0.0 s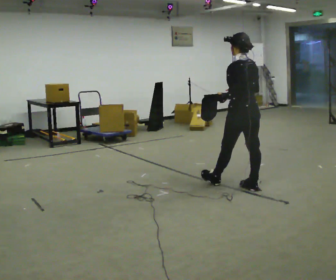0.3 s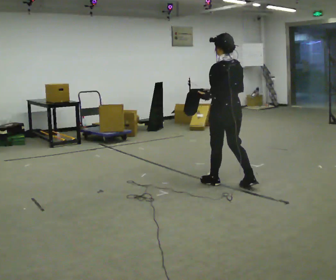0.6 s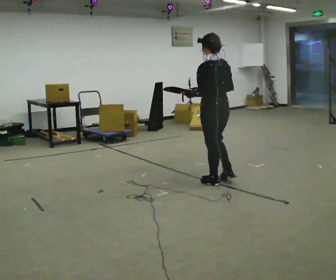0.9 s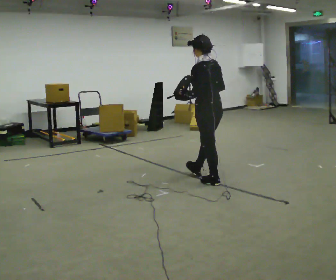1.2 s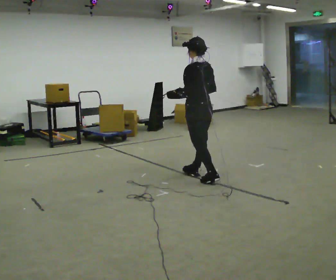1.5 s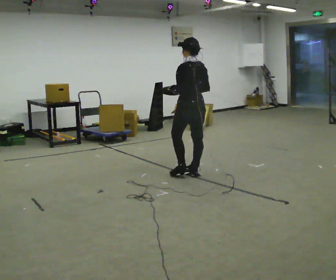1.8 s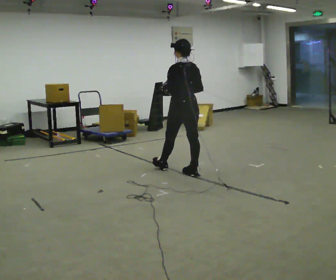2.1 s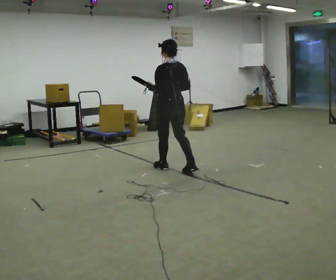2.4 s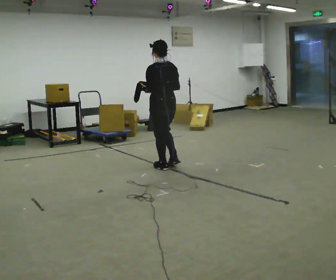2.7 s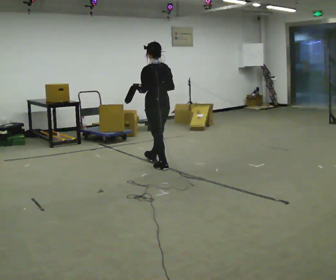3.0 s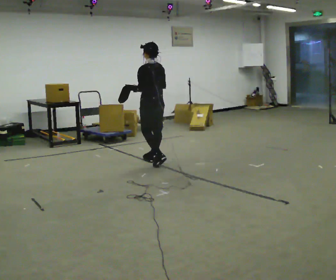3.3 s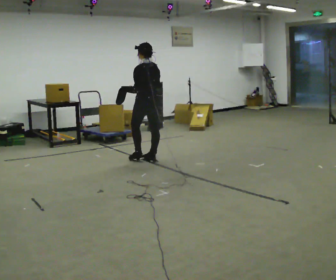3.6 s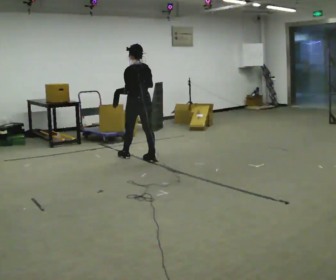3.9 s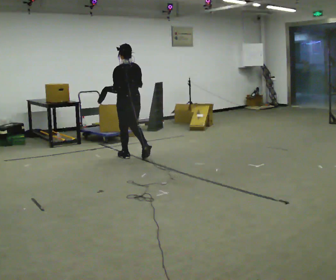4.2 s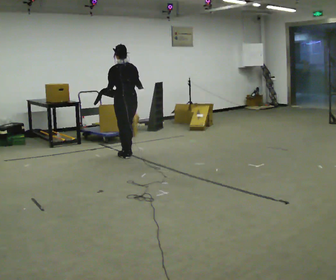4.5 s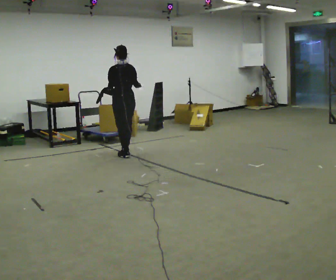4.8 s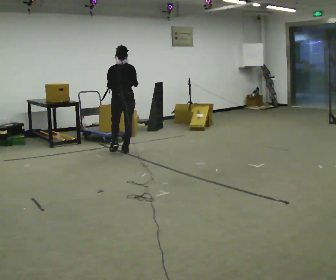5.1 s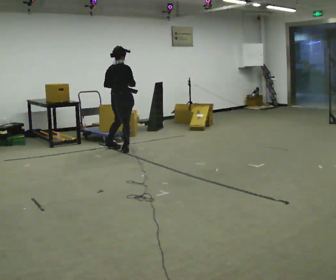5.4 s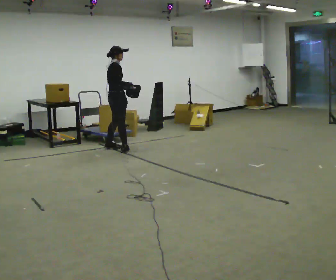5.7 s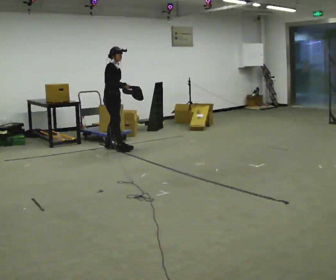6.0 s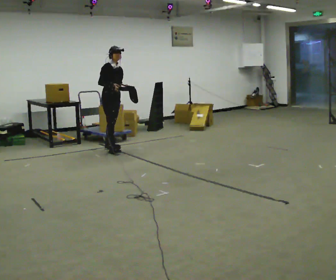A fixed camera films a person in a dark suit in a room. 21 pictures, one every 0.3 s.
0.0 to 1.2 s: In the picture they go away from the camera and to the left, about 0.75 m in 1 step, which for them is forward.
1.2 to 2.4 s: In the picture they go away from the camera and to the left, about 0.5 m in 1 step, which for them is forward.
2.4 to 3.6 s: In the picture they go away from the camera and to the left, about 0.5 m in 2 steps, which for them is forward.
3.6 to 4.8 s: The person turns about 30 degrees to their right, clockwise seen from above, so the part of the body nearest the lens slides to the left. In the picture they go away from the camera and to the left, about 0.5 m in 1 step, which for them is forward.
4.8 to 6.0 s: The person turns about 135 degrees to their right, clockwise seen from above, so the part of the body nearest the lens slides to the left. In the picture they go to the left, about 0.25 m in 2 steps.
The film runs forward here.
